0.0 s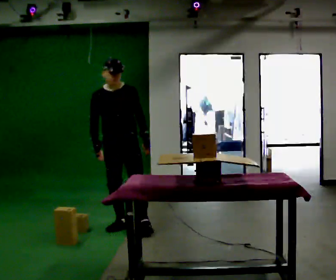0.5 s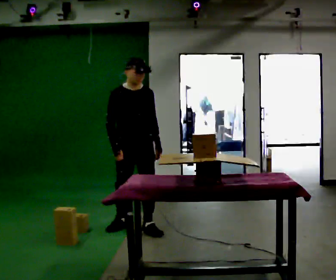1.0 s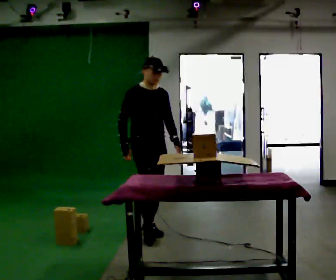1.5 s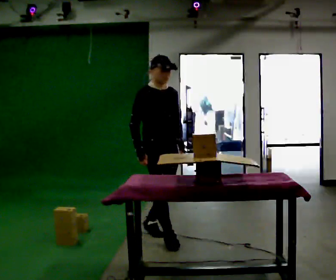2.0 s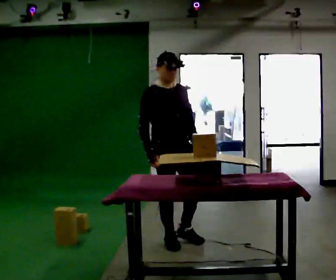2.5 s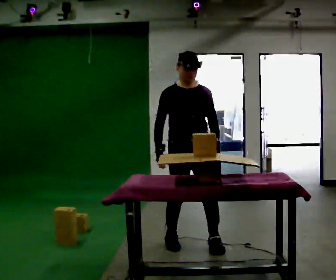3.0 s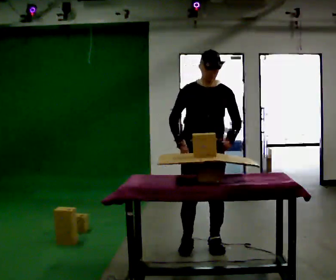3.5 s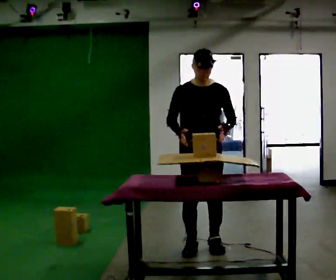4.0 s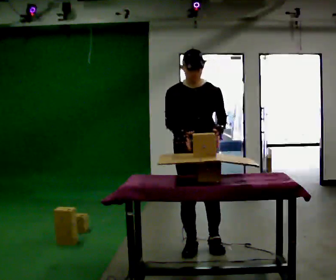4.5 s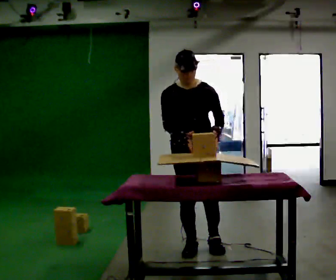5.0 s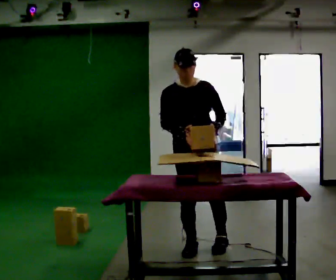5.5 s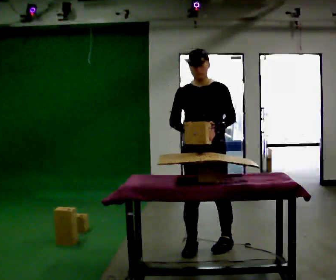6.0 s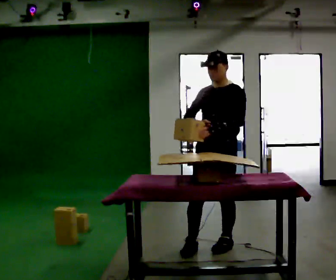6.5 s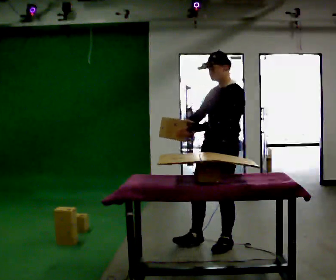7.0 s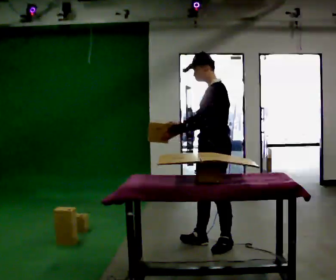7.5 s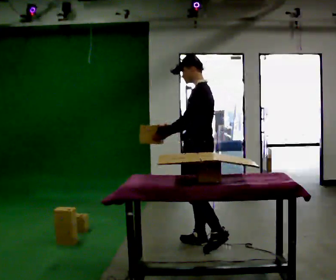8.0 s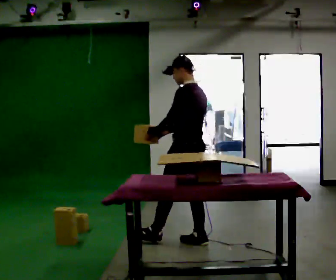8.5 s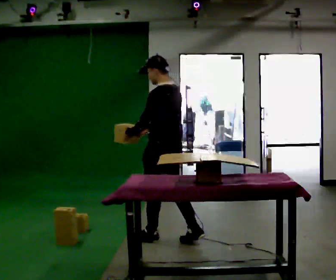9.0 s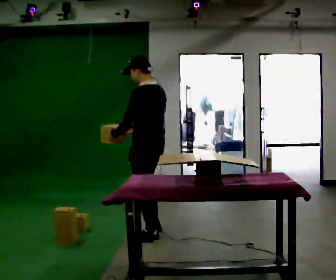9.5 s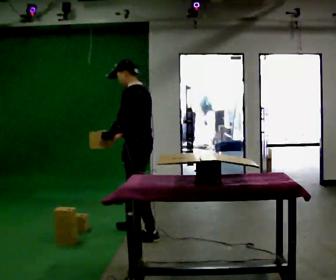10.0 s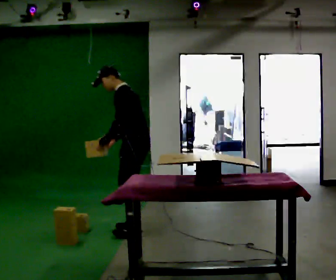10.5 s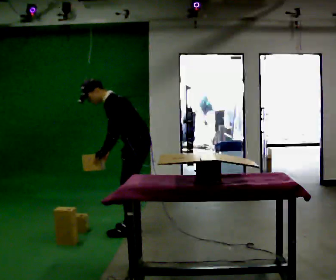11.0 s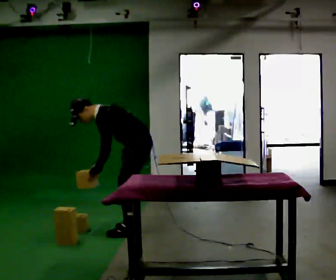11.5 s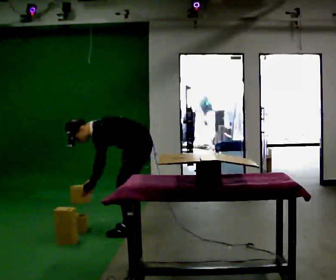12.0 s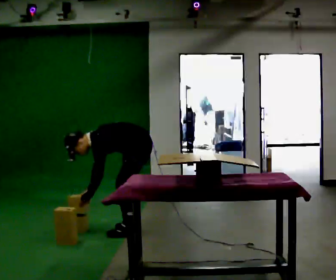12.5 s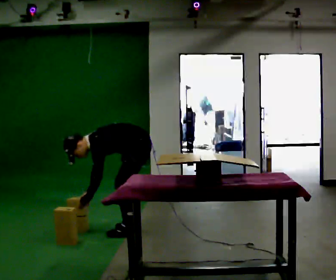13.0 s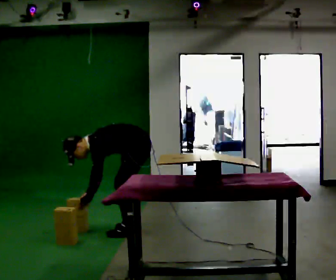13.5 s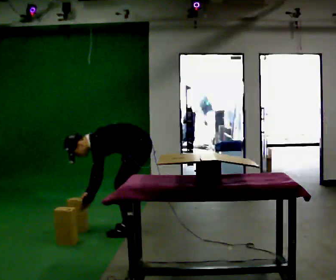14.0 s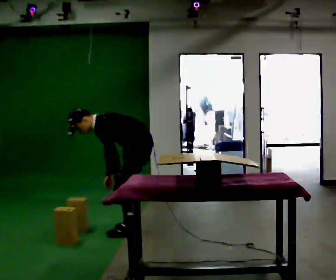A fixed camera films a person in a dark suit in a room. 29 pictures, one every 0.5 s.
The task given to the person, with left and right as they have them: Carry the object over and set it down on the wobbly board without tipping it over. Keep going until the operator says stop; one object at a time, and do not rush between trips.
0.0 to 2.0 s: The part of the body nearest the lens slides to the right as the person turns to their left by about 30 degrees. In the picture they go to the right and toward the camera, about 1 m in 1 step, which for them is forward.
2.0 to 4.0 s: In the picture they go to the right and toward the camera, about 0.25 m in 2 steps, which for them is to their left and forward.
4.0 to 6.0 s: The part of the body nearest the lens slides to the left as the person turns to their right by about 45 degrees. In the picture they go to the right, about 0.25 m in 1 step, which for them is to their left.
6.0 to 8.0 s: The part of the body nearest the lens slides to the left as the person turns to their right by about 75 degrees. In the picture they go to the left and away from the camera, about 0.25 m in 1 step.
8.0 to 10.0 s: In the picture they go to the left and away from the camera, about 0.75 m in 2 steps, which for them is forward. In the picture the upper body tilts counterclockwise, shoulders to the left, as they bend forward.
10.0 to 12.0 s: The upper body goes downward. In the picture the upper body tilts counterclockwise, shoulders to the left, as they bend forward. In the picture their left hand goes downward.
12.0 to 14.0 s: The upper body goes upward. The upper body tips away from the camera, its near side rolling upward, as they lean back or straighten. In the picture their left hand goes to the right.
The film runs forward here.
